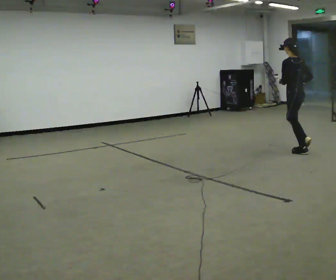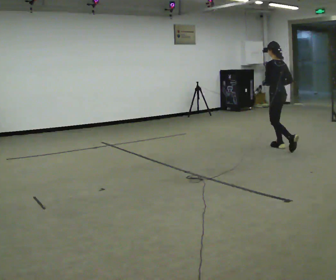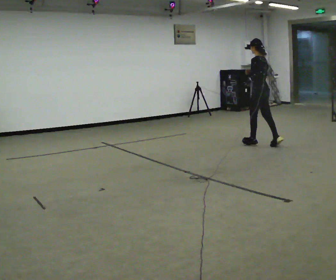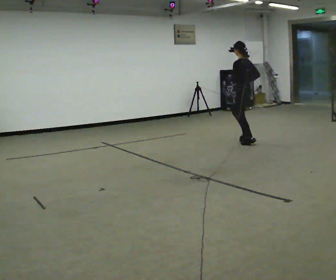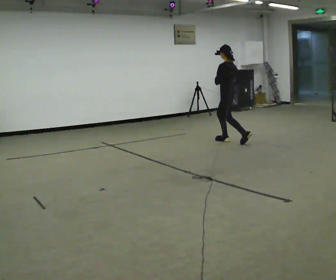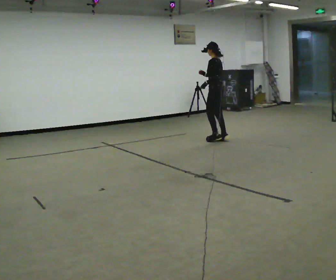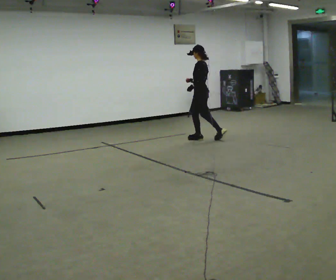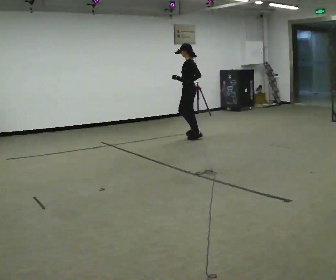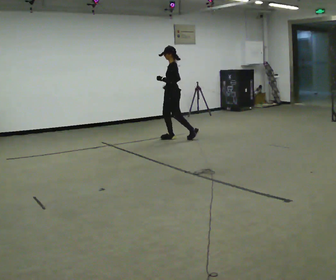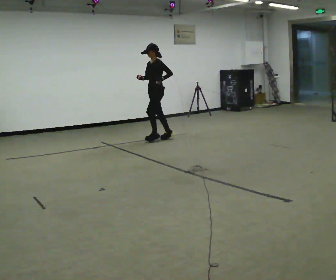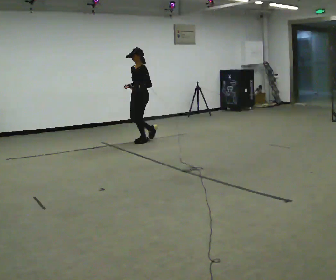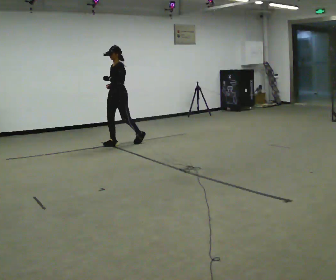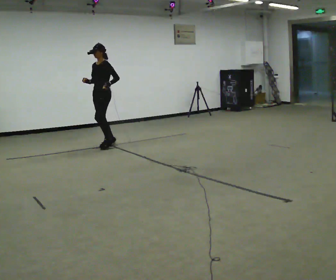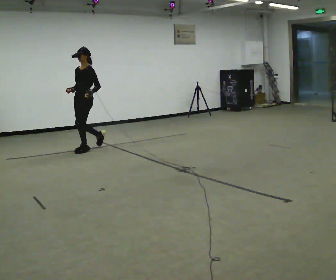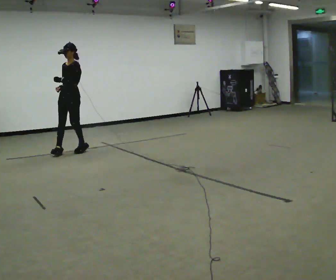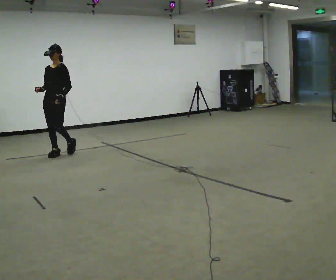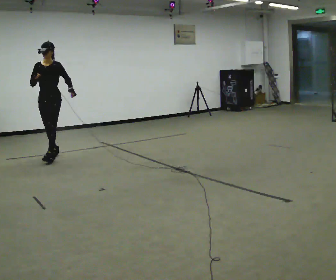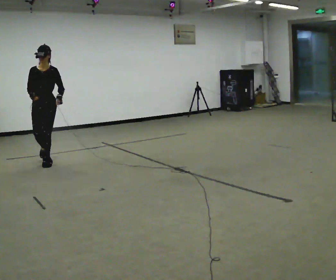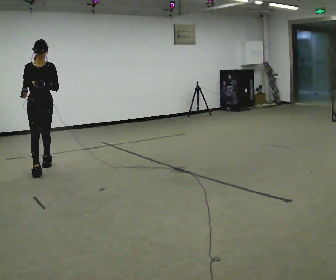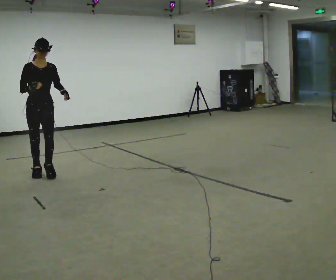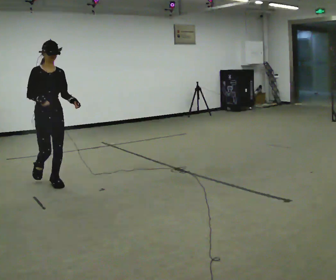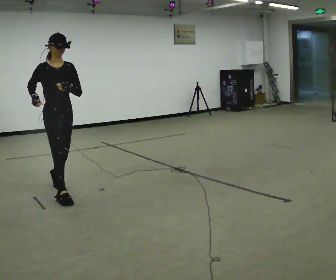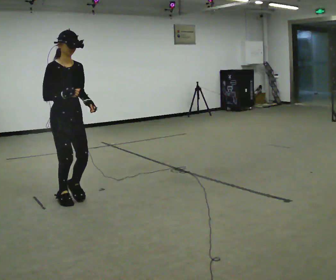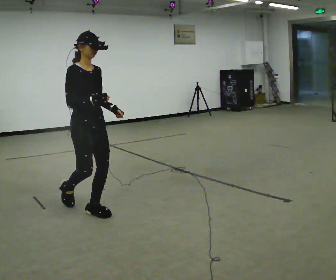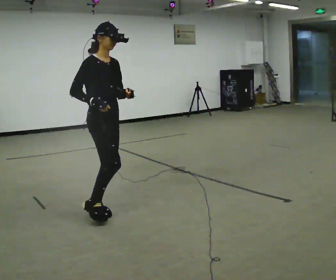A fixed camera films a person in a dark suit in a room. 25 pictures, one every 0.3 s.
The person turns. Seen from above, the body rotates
counterclockwise.
The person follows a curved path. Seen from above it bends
counterclockwise.
0.0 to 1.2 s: Seen from above the body turns counterclockwise, about 30 degrees: to their left, with its near side sliding to the right. In the picture they go away from the camera and to the left, about 1.5 m in 3 steps, which for them is forward.
1.2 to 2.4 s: The part of the body nearest the lens slides to the right as the person turns to their left by about 45 degrees. In the picture they go to the left and away from the camera, about 1 m in 2 steps, which for them is forward.
2.4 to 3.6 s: Seen from above the body turns counterclockwise, about 30 degrees: to their left, with its near side sliding to the right. In the picture they go to the left, about 1 m in 2 steps, which for them is forward.
3.6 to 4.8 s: The part of the body nearest the lens slides to the right as the person turns to their left by about 45 degrees. In the picture they go toward the camera and to the left, about 1 m in 2 steps, which for them is forward.
4.8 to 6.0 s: The part of the body nearest the lens slides to the right as the person turns to their left by about 45 degrees. In the picture they go toward the camera, about 1 m in 3 steps, which for them is forward.
6.0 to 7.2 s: The part of the body nearest the lens slides to the right as the person turns to their left by about 30 degrees. In the picture they go toward the camera and to the right, about 1 m in 2 steps, which for them is forward.
The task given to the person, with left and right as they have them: Jog the curves and run hard along the straight sections, then ease off into the next curve. Keep going until the operator says stop.
The film runs forward here.
